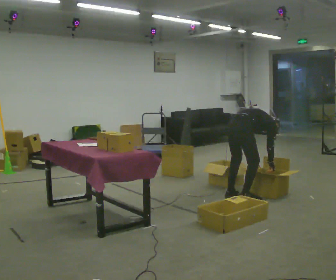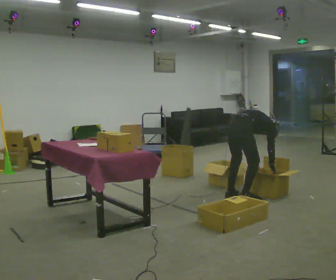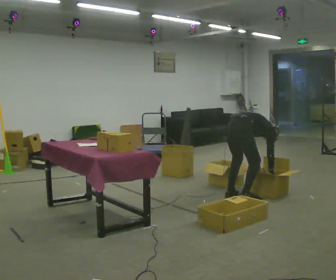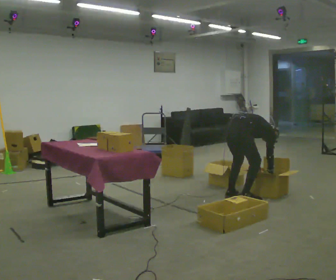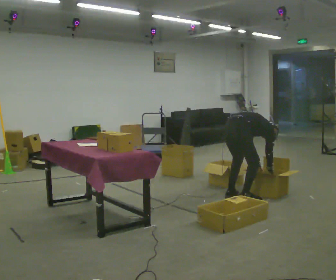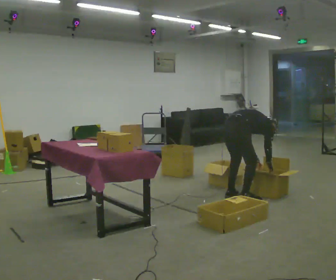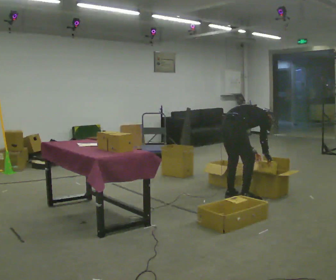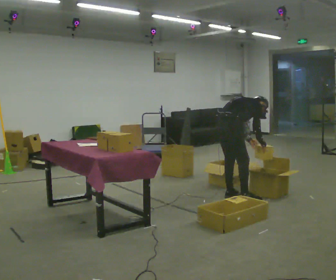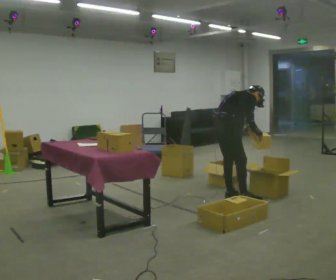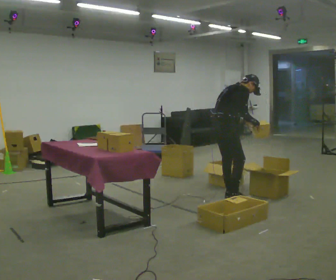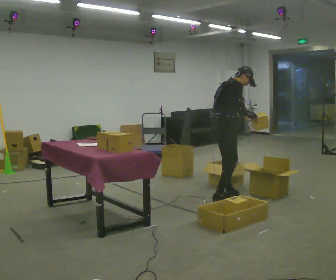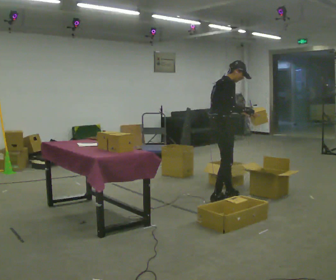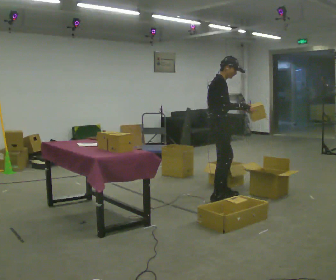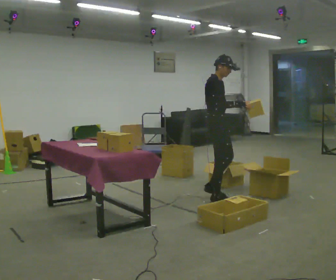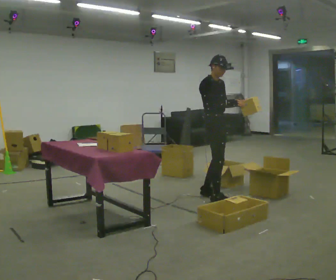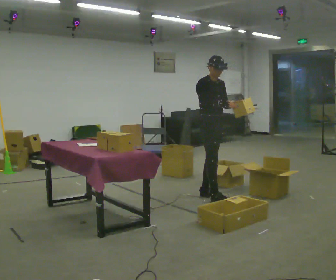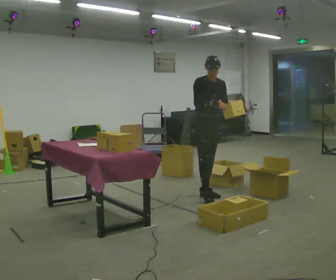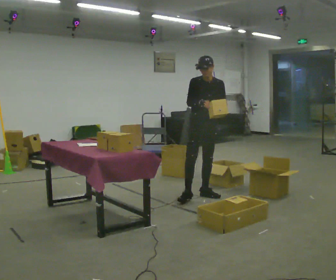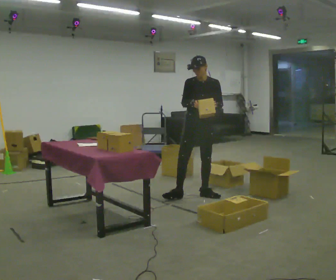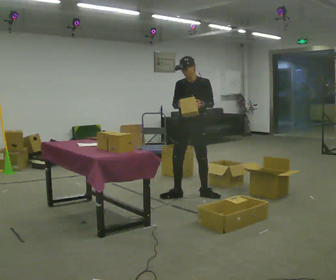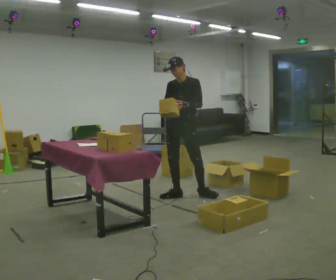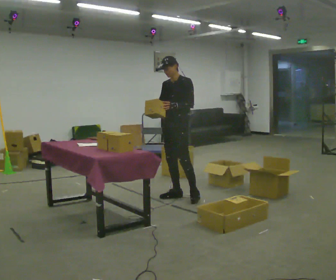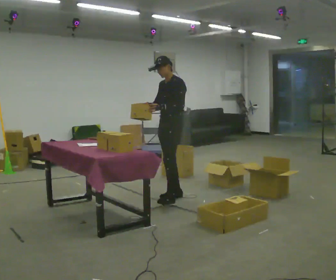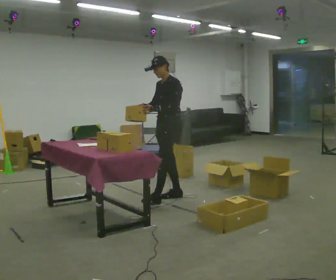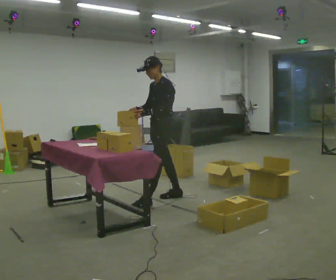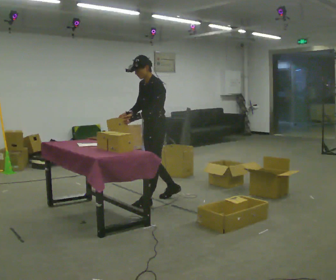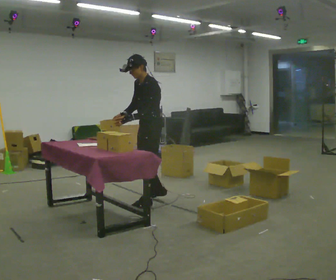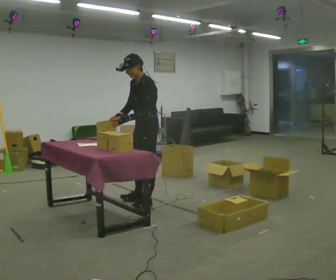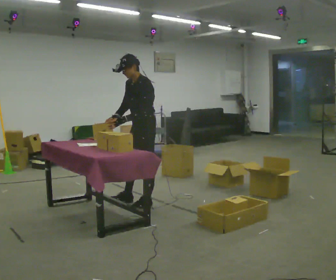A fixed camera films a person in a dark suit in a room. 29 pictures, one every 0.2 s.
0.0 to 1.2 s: The person moves a little, or ends about where they began.
1.2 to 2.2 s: The person turns about 30 degrees to their right, clockwise seen from above, so the part of the body nearest the lens slides to the left. The upper body goes upward. In the picture the upper body tilts counterclockwise, shoulders to the left, as they lean back or straighten. In the picture their left hand goes upward.
2.2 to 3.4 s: Seen from above the body turns clockwise, about 90 degrees: to their right, with its near side sliding to the left. In the picture they go away from the camera and to the left, about 0.25 m in 1 step.
3.4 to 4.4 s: The part of the body nearest the lens slides to the left as the person turns to their right by about 60 degrees. In the picture they go to the left, about 0.25 m in 1 step.
4.4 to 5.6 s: In the picture they go toward the camera and to the left, about 0.5 m in 1 step, which for them is forward.
The film runs forward here.
